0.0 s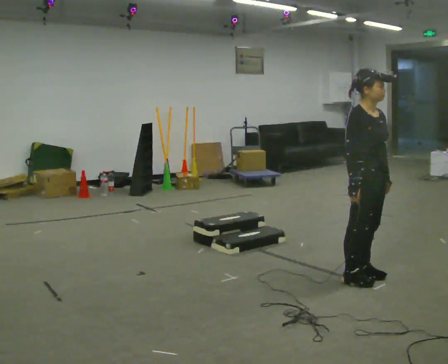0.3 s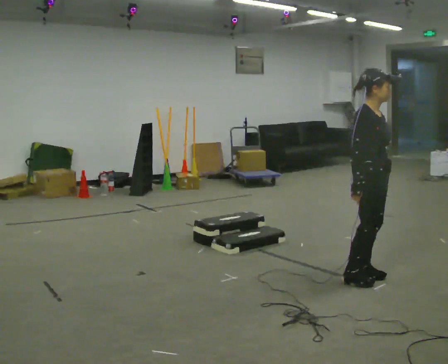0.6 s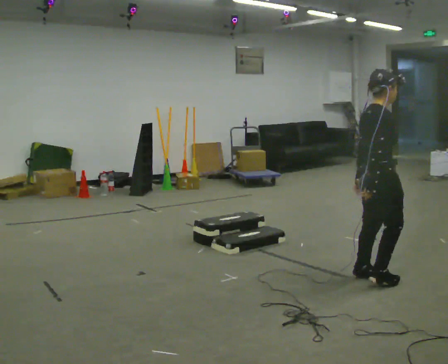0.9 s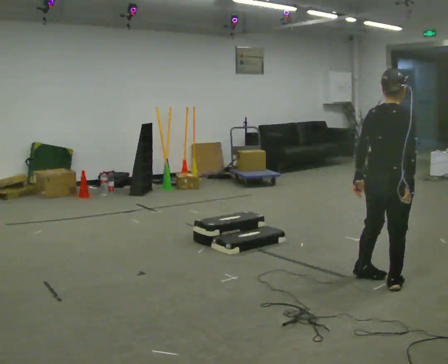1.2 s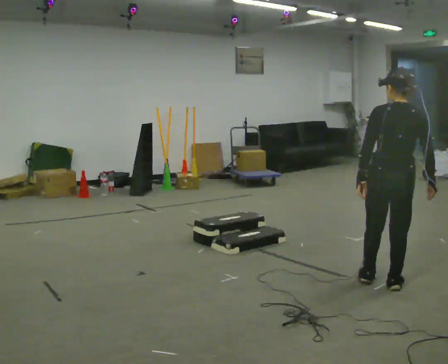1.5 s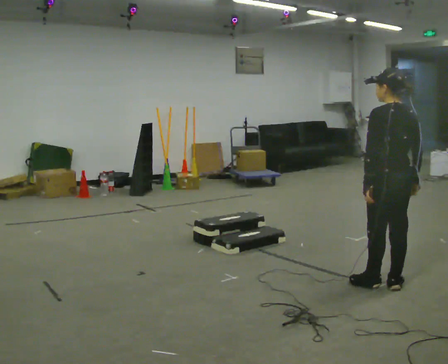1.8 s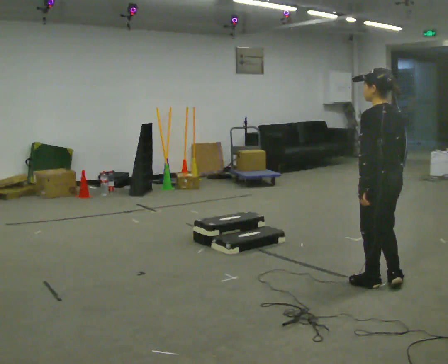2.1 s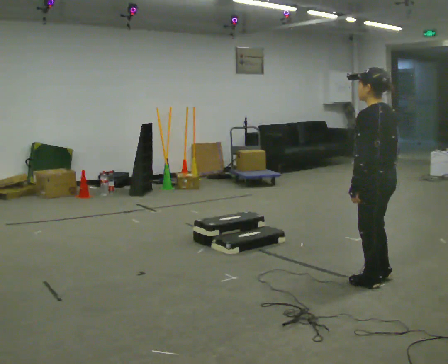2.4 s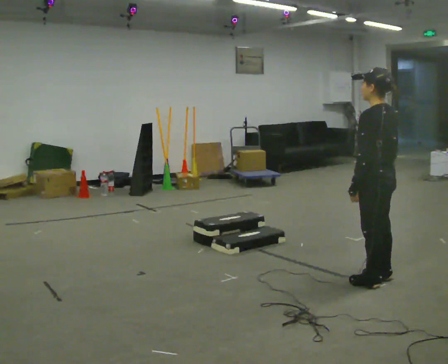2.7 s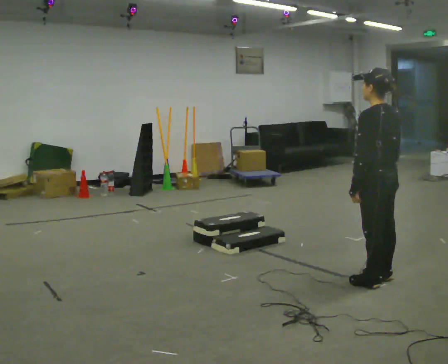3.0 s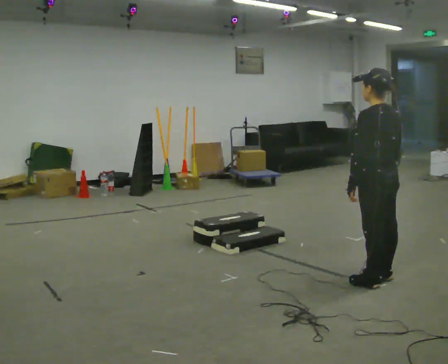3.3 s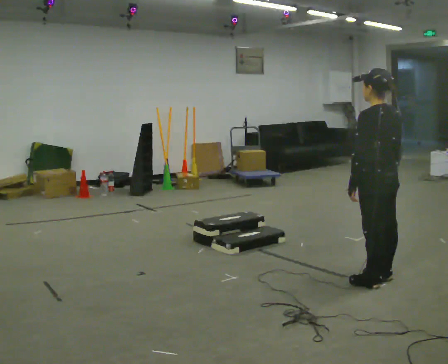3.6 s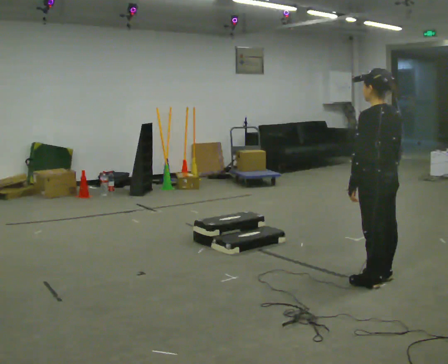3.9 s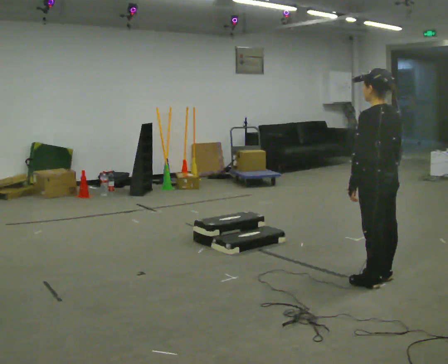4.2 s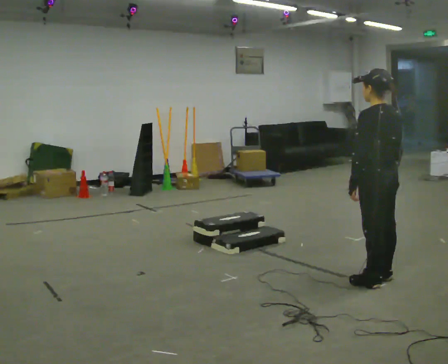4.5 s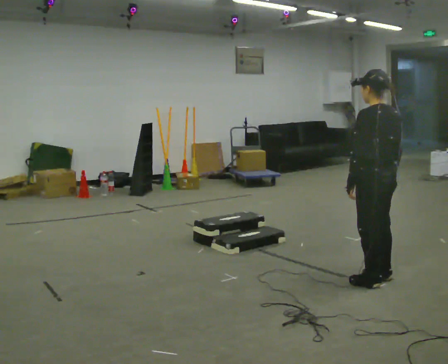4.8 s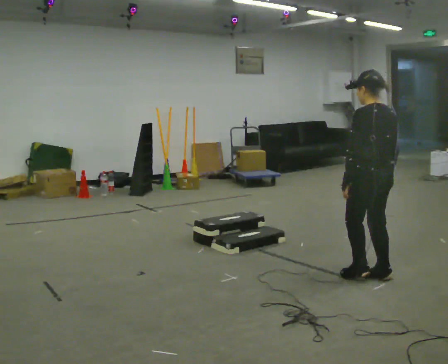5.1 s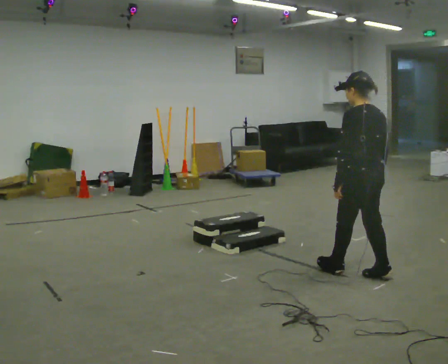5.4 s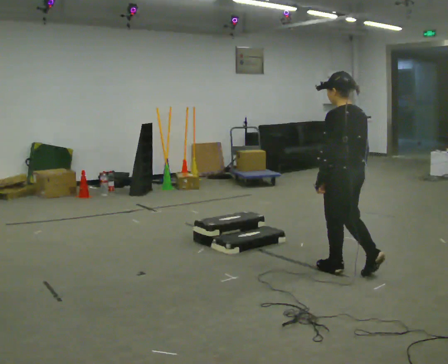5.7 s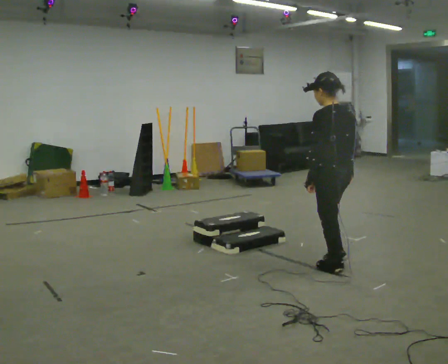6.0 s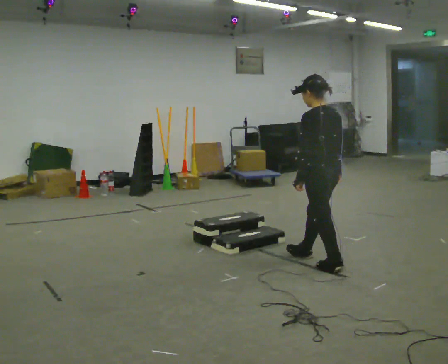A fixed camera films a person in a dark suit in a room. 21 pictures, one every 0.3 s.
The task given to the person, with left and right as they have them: Walk up the three steps, turn at the top, and walk back down at a comfortable speed. Use the handrail only if you need it.
0.0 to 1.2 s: The person turns about 120 degrees to their left, counterclockwise seen from above, so the part of the body nearest the lens slides to the right. In the picture they go toward the camera, about 0.25 m in 1 step.
1.2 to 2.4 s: The person turns about 60 degrees to their left, counterclockwise seen from above, so the part of the body nearest the lens slides to the right.
2.4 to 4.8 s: The person moves a little, or ends about where they began.
4.8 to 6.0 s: In the picture they go to the left and away from the camera, about 0.5 m in 2 steps, which for them is forward.
The film runs forward here.
